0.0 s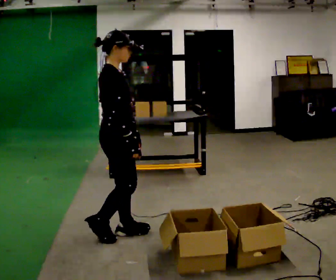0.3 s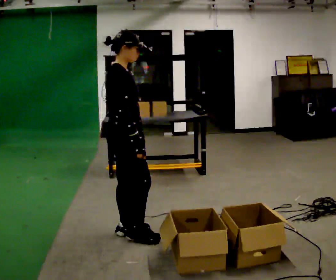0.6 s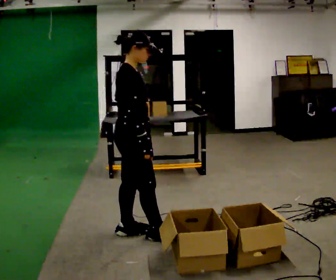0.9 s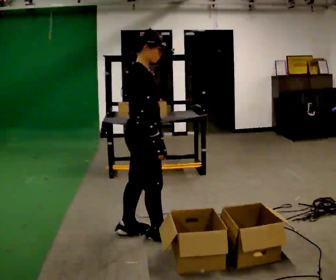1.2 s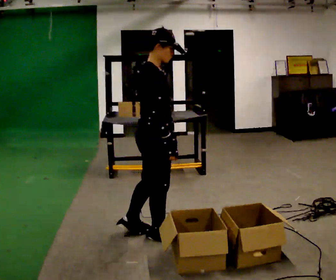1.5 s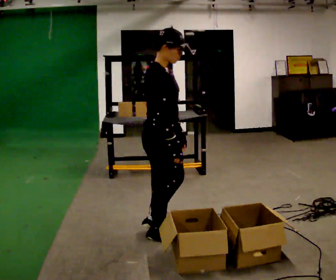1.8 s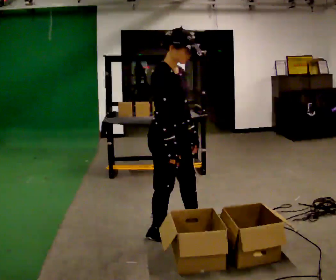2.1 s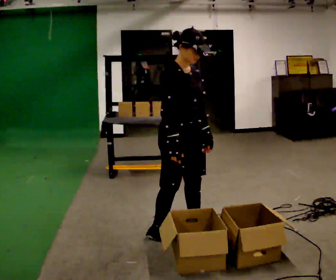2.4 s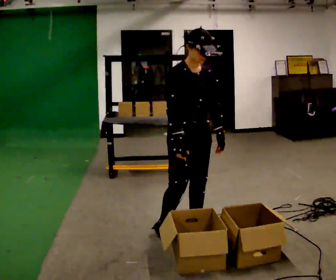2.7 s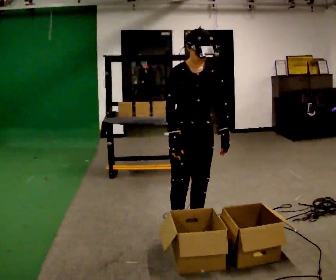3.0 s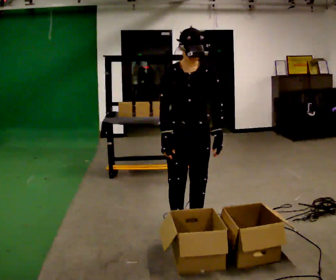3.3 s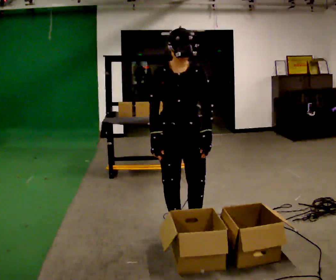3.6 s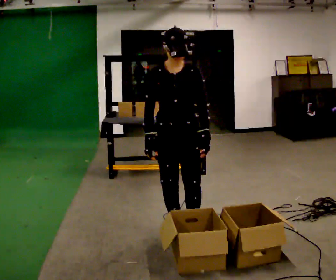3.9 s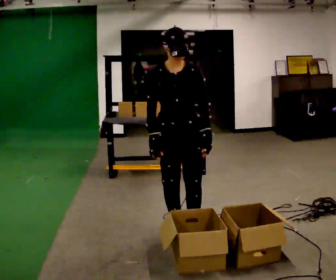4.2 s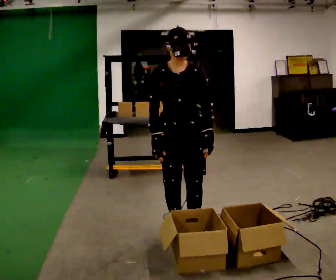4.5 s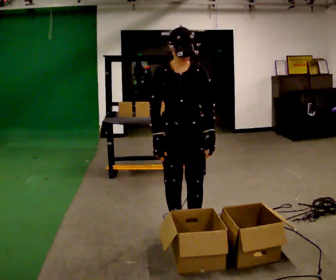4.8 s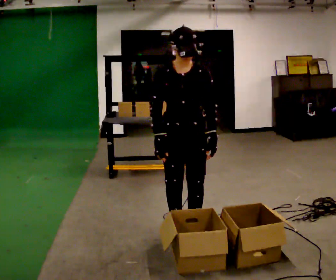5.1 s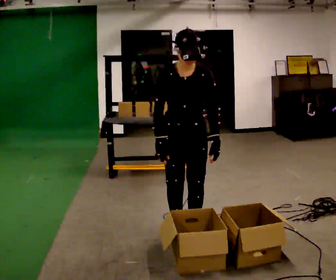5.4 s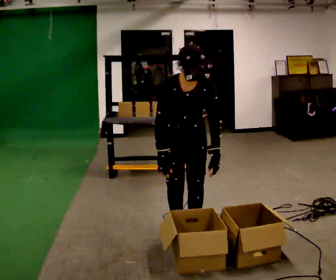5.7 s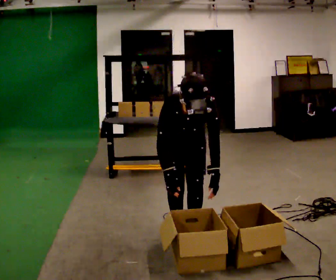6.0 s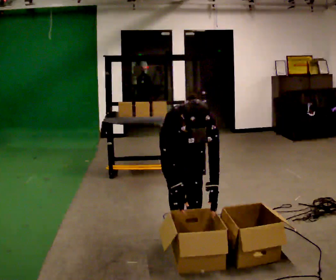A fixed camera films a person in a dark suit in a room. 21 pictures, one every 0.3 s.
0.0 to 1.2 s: In the picture they go to the right, about 0.25 m in 1 step, which for them is forward.
1.2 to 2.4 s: Seen from above the body turns clockwise, about 60 degrees: to their right, with its near side sliding to the left. In the picture they go to the right, about 0.25 m in 1 step, which for them is to their left and forward.
2.4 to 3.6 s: Seen from above the body turns clockwise, about 30 degrees: to their right, with its near side sliding to the left.
3.6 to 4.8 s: The person moves a little, or ends about where they began.
4.8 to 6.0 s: The shoulders move downward. The upper body tips toward the camera, its near side rolling downward, as they bend forward. In the picture their right hand goes downward.
The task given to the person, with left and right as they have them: 1. Look at the shelf and see which spaces are empty. 2. Find matching items in the bins on the floor. 3. Fill the empty spaces on the shelf. 4. Tell the operator when you are finished.
The film runs forward here.
